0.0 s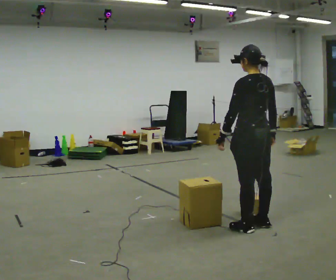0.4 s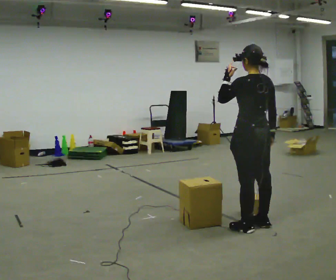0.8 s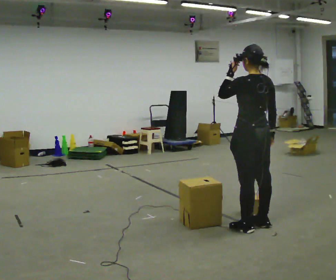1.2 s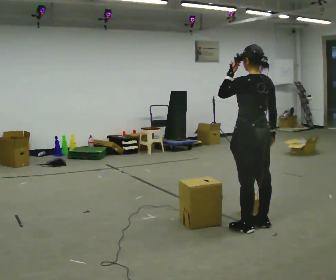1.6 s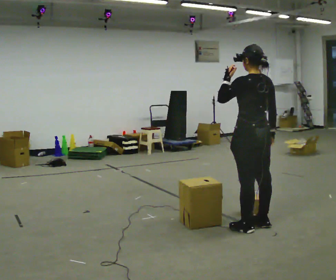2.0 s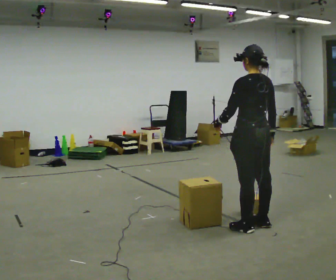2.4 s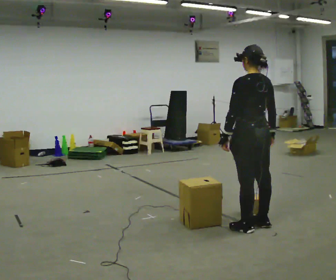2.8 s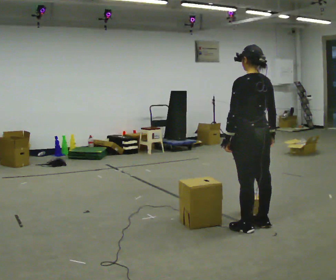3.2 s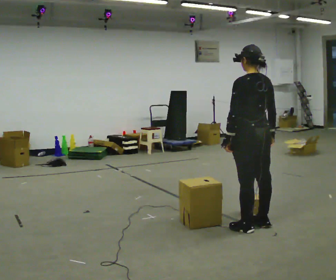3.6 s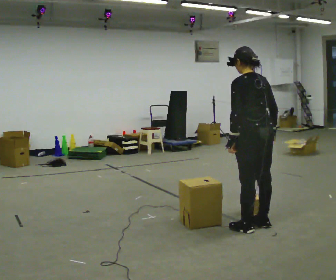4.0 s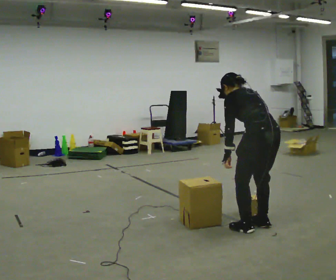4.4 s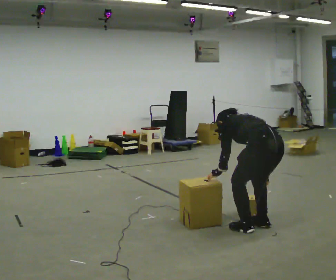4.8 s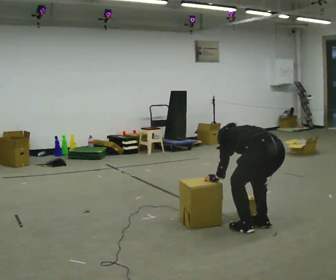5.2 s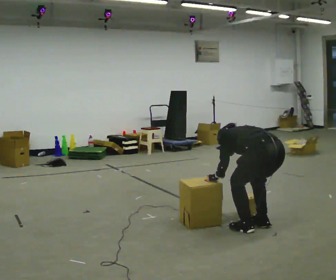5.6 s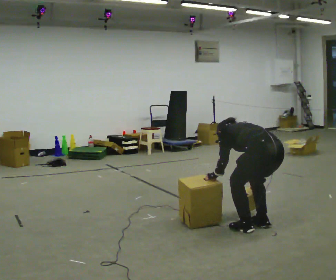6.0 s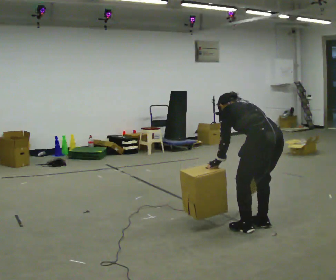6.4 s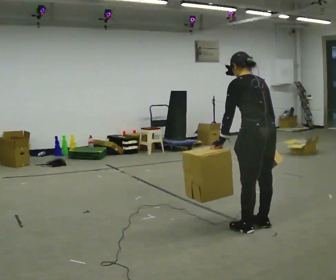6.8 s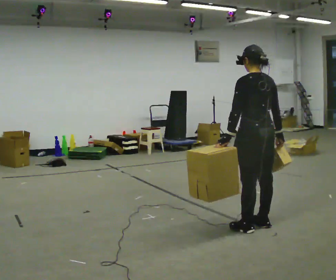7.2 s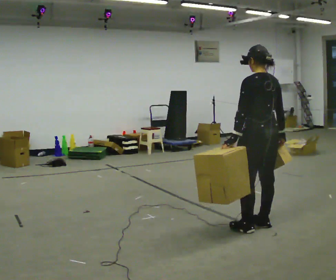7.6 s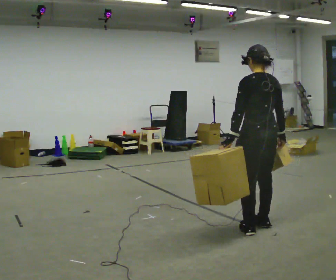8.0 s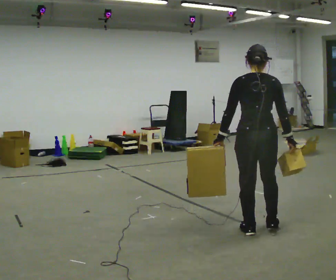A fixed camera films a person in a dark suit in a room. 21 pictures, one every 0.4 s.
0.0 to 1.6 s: In the picture their left hand goes upward.
1.6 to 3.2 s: In the picture their left hand goes downward.
3.2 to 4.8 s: The shoulders move downward. The upper body tips away from the camera, its near side rolling upward, as they bend forward. In the picture their left hand goes downward.
4.8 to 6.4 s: The shoulders move upward. The upper body tips toward the camera, its near side rolling downward, as they lean back or straighten. In the picture their left hand goes upward.
6.4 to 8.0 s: The person turns about 30 degrees to their right, clockwise seen from above, so the part of the body nearest the lens slides to the left. In the picture the upper body tilts clockwise, shoulders to the right, as they lean back or straighten.
The film runs backward here.
